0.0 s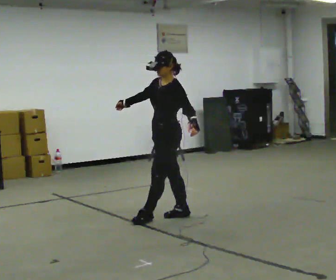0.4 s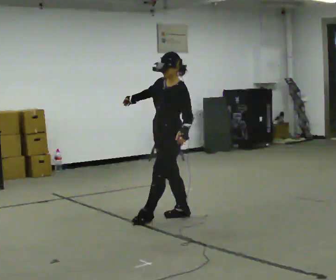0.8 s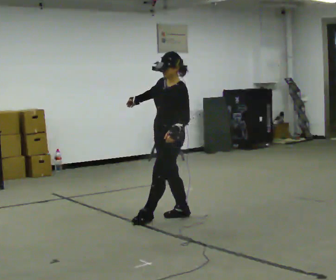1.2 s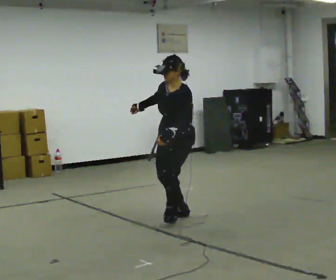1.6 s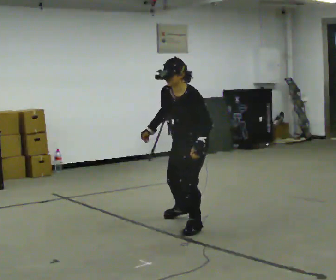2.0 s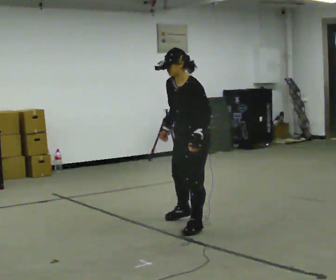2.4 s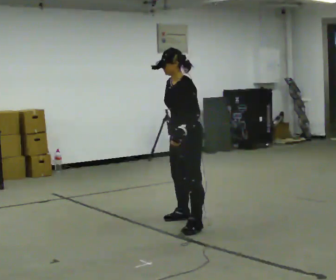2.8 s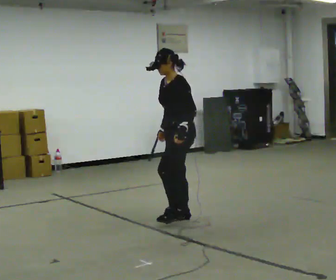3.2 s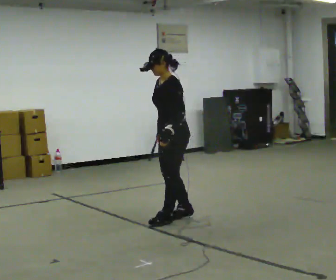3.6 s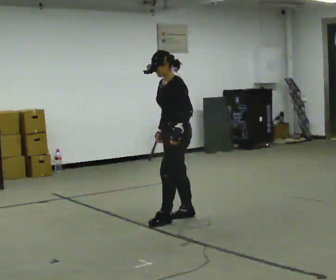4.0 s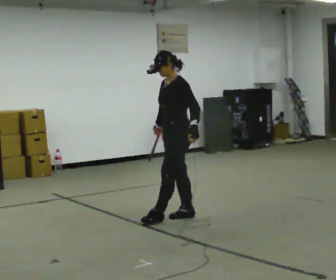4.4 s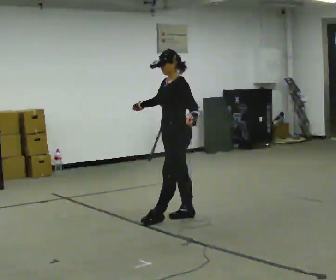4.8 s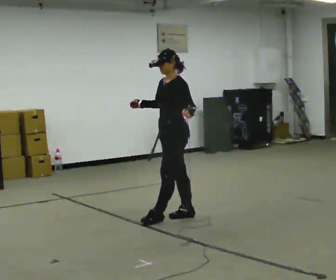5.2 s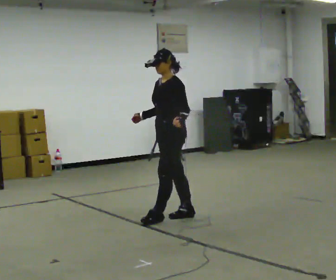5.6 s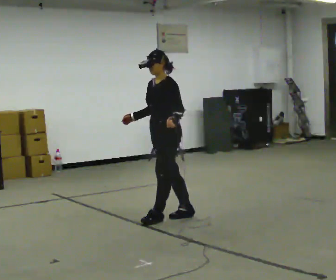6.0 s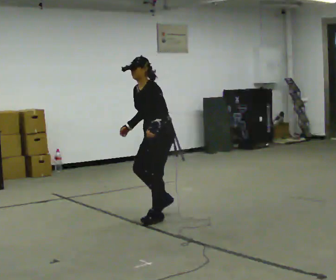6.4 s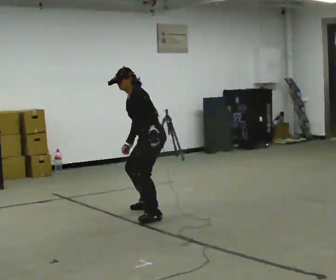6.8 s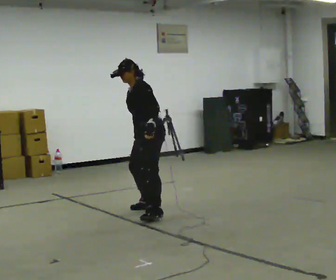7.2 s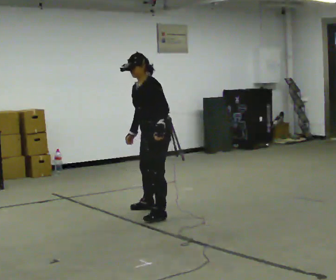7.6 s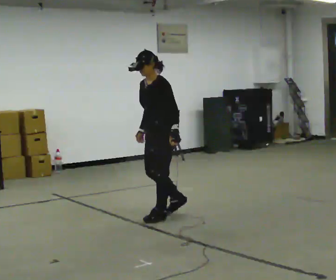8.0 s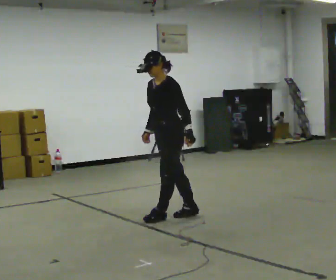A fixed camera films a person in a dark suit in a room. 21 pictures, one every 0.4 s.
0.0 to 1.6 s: In the picture they go toward the camera and to the right, about 0.5 m in 1 step, which for them is to their left. The upper body tips toward the camera, its near side rolling downward, as they bend forward.
1.6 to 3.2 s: In the picture they go away from the camera and to the left, about 0.25 m in 1 step, which for them is to their right. The upper body tips away from the camera, its near side rolling upward, as they lean back or straighten.
3.2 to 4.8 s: The person moves a little, or ends about where they began.
4.8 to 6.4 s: In the picture they go away from the camera and to the left, about 0.5 m in 1 step, which for them is to their right. In the picture the upper body tilts counterclockwise, shoulders to the left, as they bend forward. In the picture their right hand goes downward.
6.4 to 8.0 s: In the picture they go toward the camera and to the right, about 0.25 m in 1 step, which for them is to their left. In the picture the upper body tilts clockwise, shoulders to the right, as they lean back or straighten.
The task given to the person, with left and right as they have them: Stand with one foot directly in front of the other, heel to toe, on the marked line. Hold your balance until you lose it, then step out. Repeat at your own pace until the operator says stop. Go slowly and only as far as you are comfortable. Step whenever you need to; do not try to hold on longer than feels safe.
The film runs forward here.
